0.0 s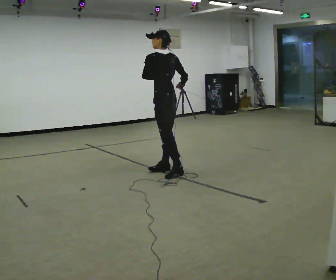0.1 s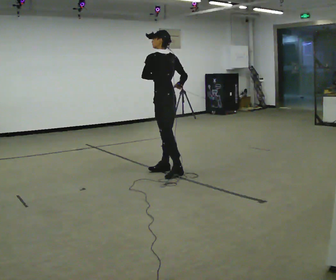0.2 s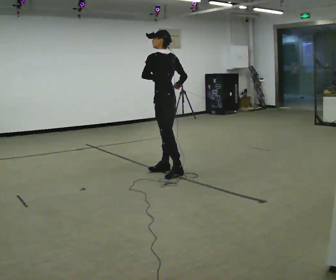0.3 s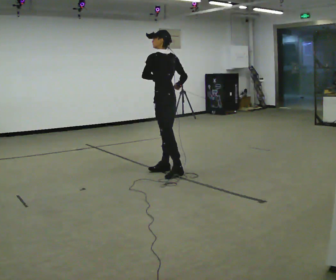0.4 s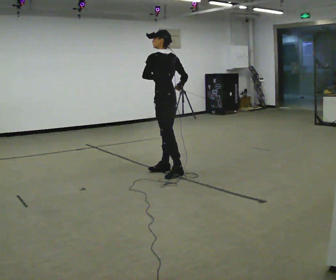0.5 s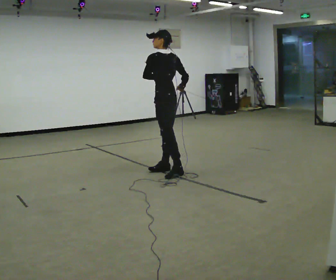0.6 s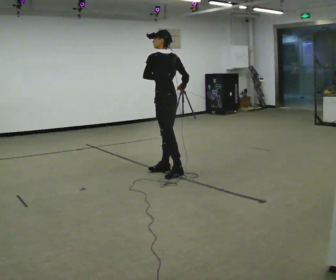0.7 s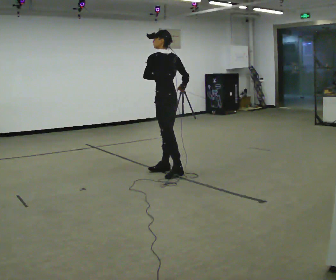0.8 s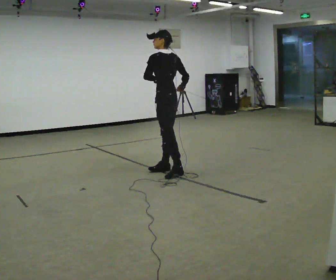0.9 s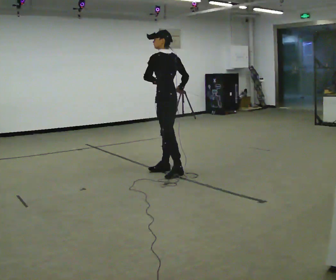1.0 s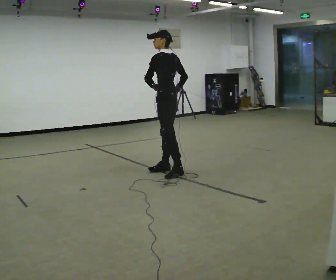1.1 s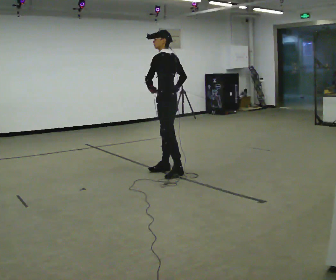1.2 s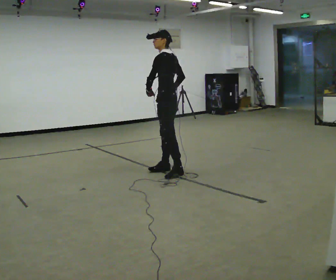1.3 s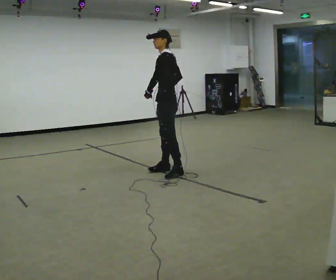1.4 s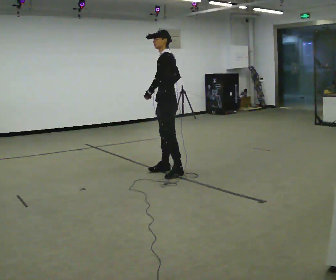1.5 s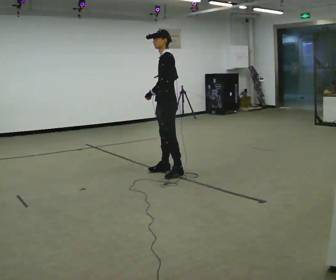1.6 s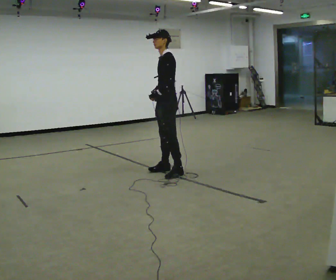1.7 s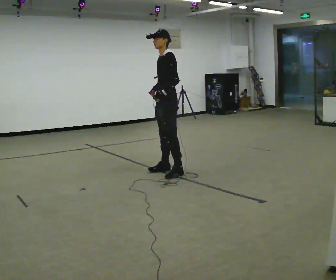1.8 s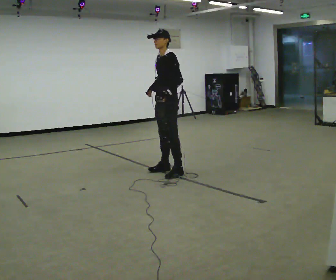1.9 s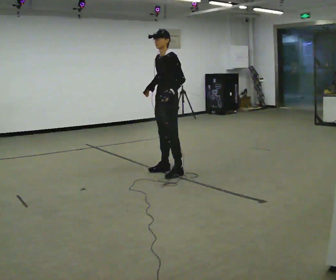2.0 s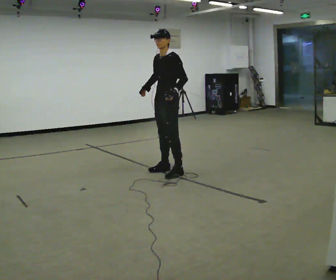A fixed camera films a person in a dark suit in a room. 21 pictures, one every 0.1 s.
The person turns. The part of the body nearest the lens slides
to the right.
The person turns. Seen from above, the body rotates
counterclockwise.
0.0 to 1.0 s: The person moves a little, or ends about where they began.
1.0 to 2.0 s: Seen from above the body turns counterclockwise, about 60 degrees: to their left, with its near side sliding to the right.
The film runs forward here.
